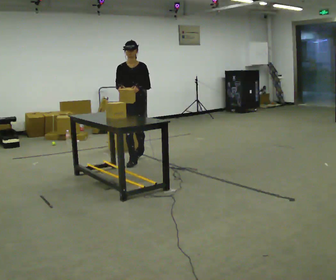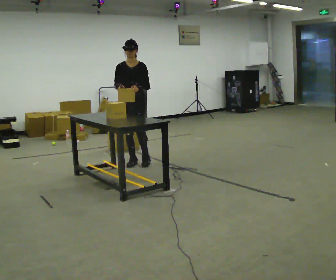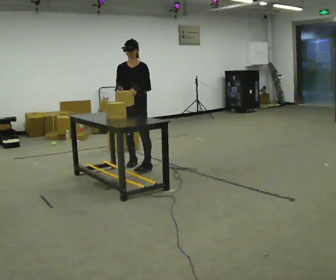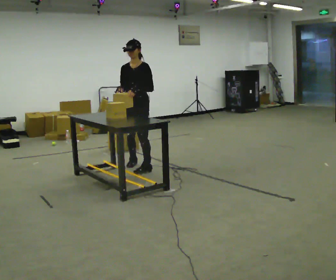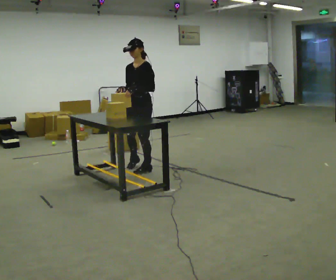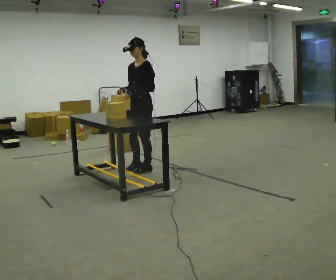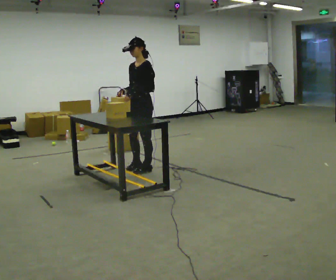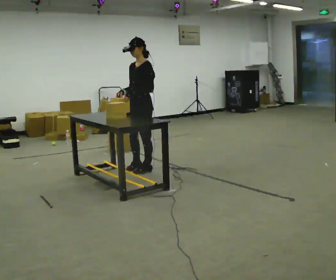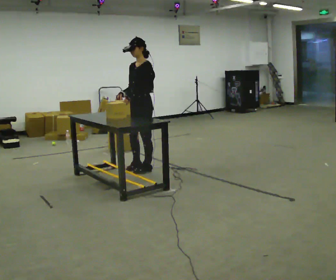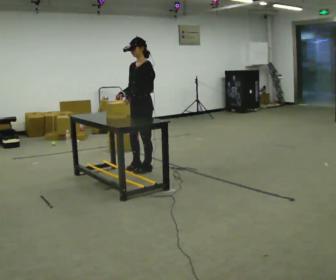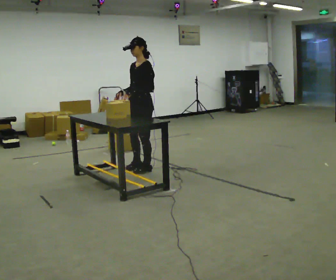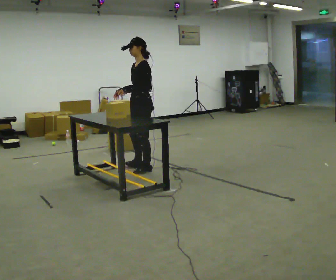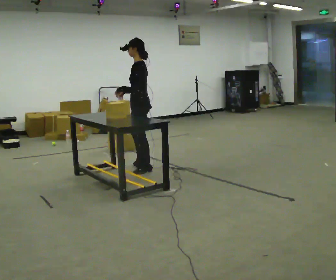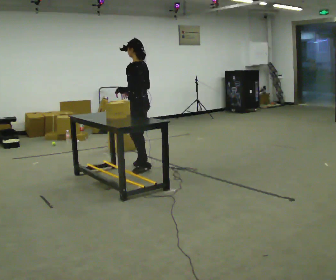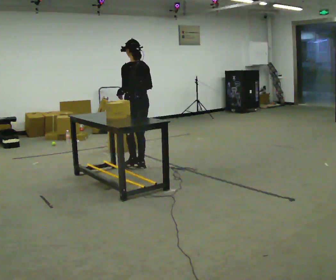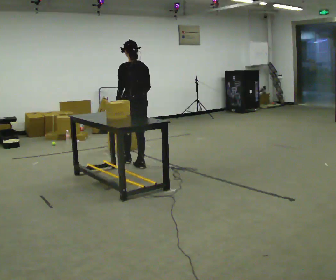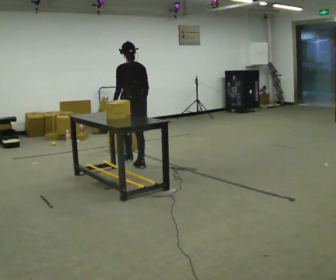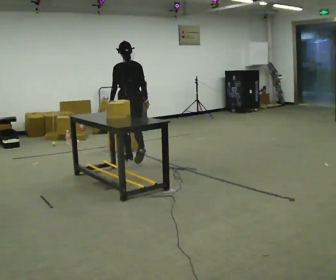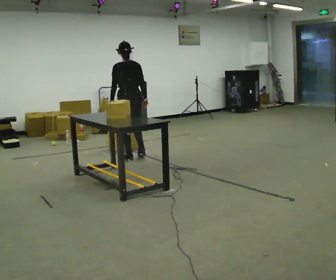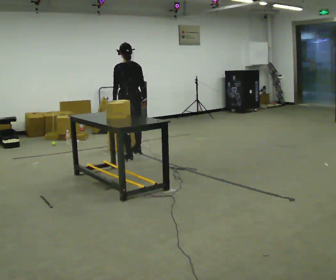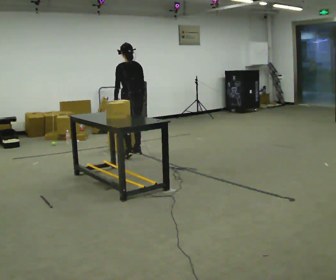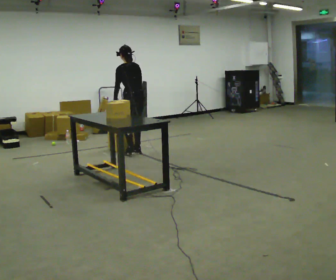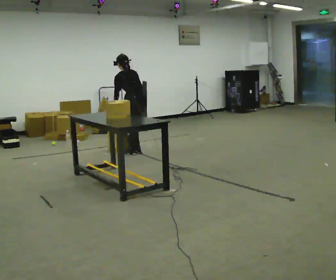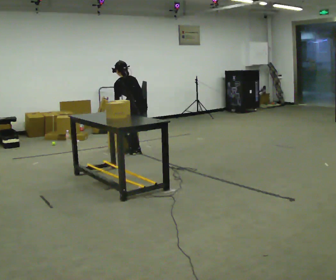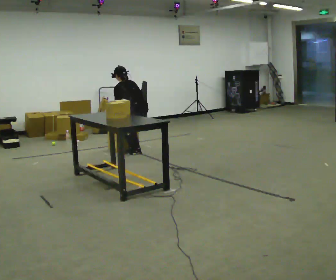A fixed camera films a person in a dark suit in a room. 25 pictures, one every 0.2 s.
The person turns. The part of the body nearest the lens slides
to the left.
The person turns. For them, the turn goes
to their right.
0.0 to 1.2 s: Seen from above the body turns clockwise, about 45 degrees: to their right, with its near side sliding to the left. In the picture they go toward the camera, about 0.5 m in 2 steps, which for them is forward and to their left.
1.2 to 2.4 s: The person turns about 45 degrees to their right, clockwise seen from above, so the part of the body nearest the lens slides to the left.
2.4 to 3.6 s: Seen from above the body turns clockwise, about 60 degrees: to their right, with its near side sliding to the left. In the picture they go away from the camera, about 0.5 m in 1 step.
3.6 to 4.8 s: In the picture they go away from the camera, about 0.25 m in 2 steps, which for them is to their right and forward. The upper body goes downward. The upper body tips away from the camera, its near side rolling upward, as they bend forward. In the picture their right hand goes downward.
The film runs forward here.
